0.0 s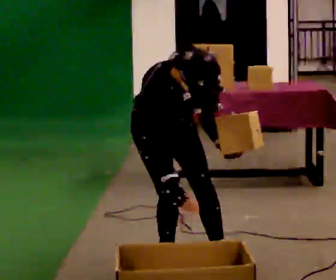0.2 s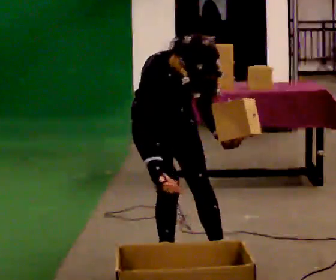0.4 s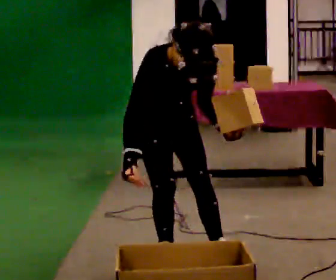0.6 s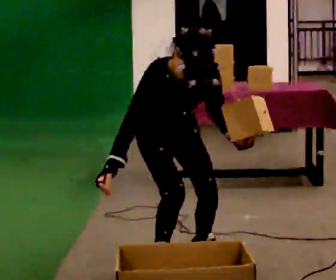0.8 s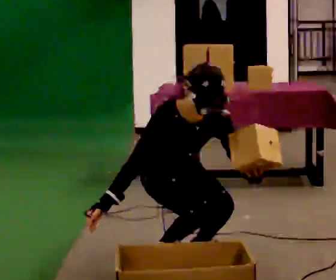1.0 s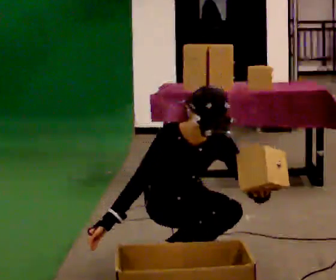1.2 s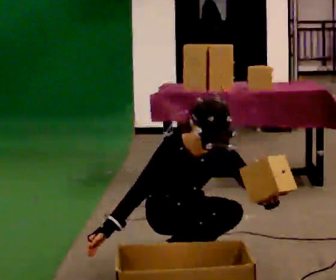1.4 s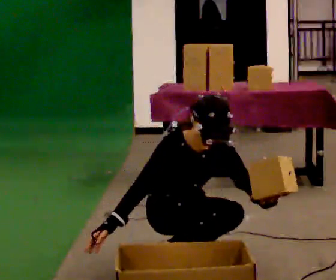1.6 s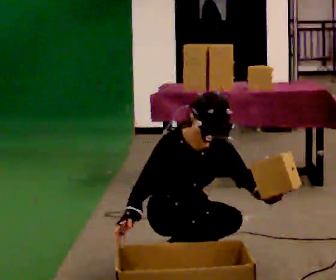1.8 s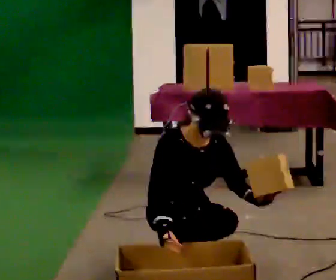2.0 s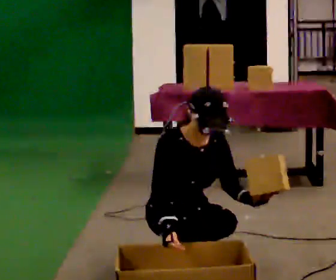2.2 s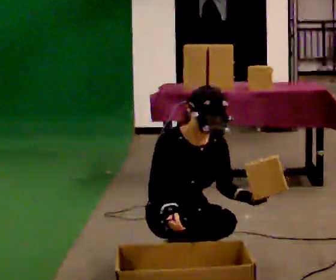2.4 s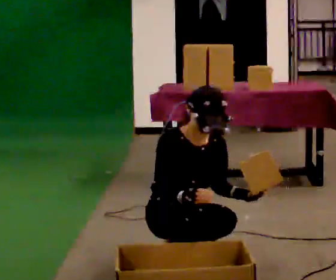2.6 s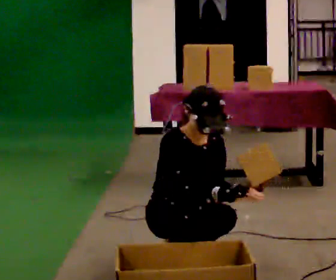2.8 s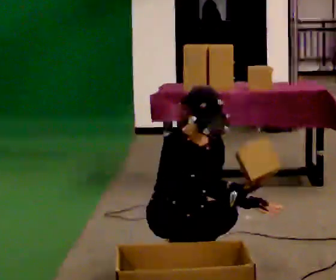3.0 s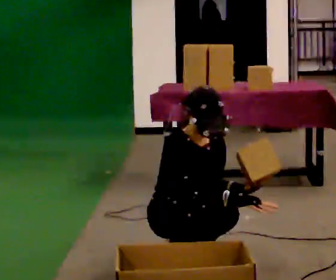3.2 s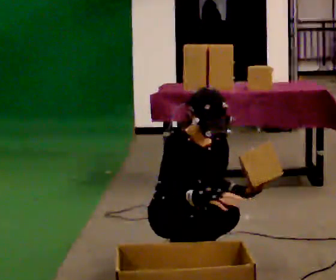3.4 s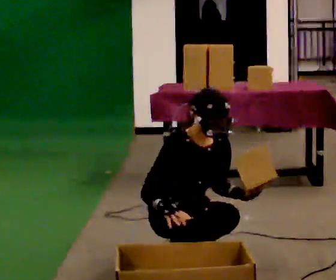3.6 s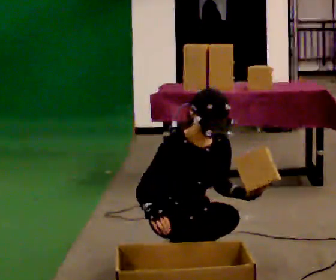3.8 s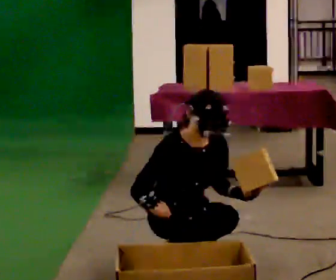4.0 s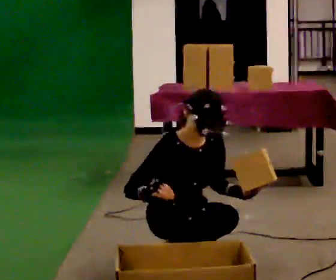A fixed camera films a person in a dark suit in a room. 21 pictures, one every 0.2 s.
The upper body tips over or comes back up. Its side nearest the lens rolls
upward.
0.0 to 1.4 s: The upper body tips away from the camera, its near side rolling upward, as they lean back or straighten.
1.4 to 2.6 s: In the picture their right hand goes to the right.
2.6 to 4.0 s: In the picture their right hand goes to the left.
The film runs forward here.
